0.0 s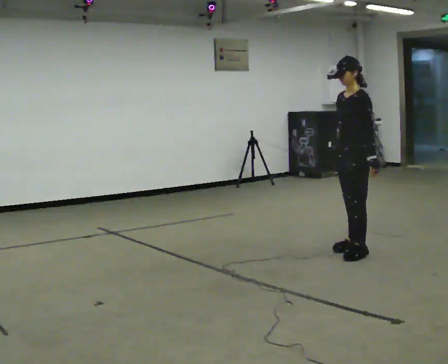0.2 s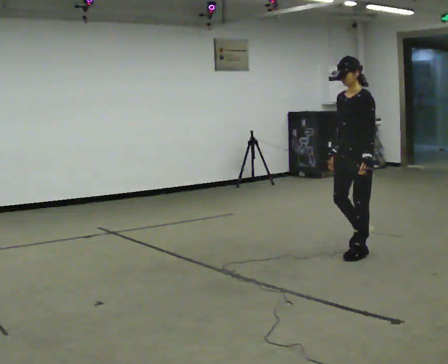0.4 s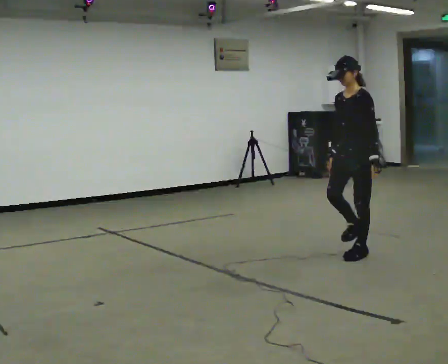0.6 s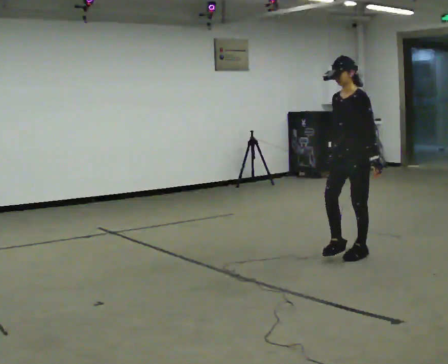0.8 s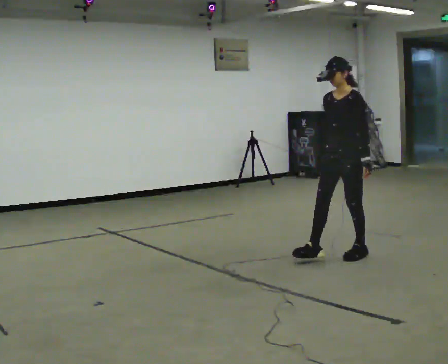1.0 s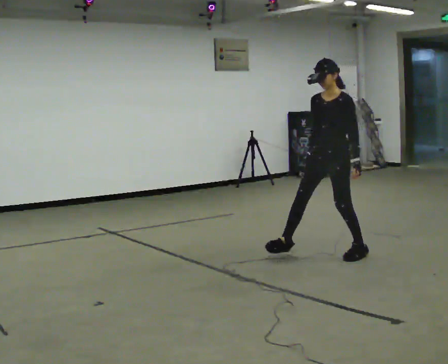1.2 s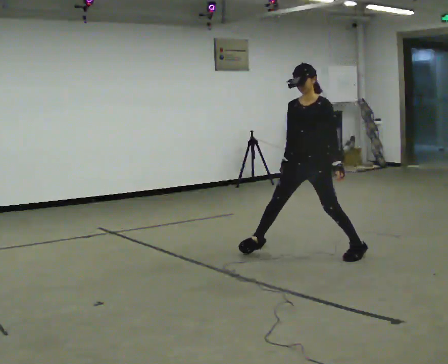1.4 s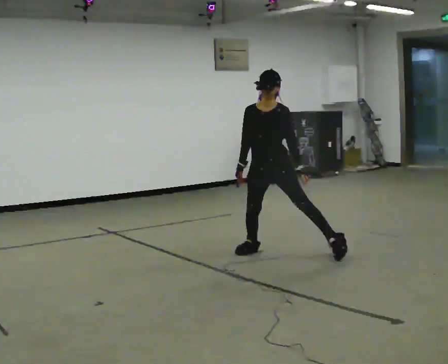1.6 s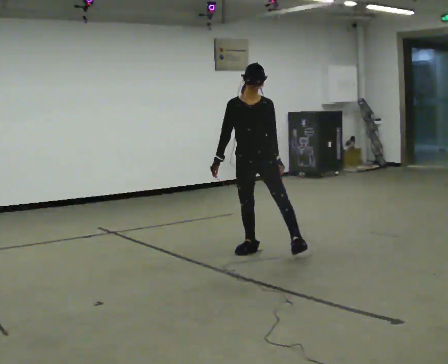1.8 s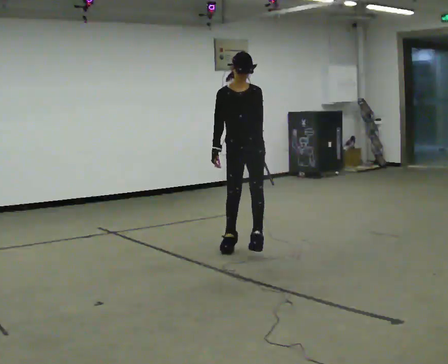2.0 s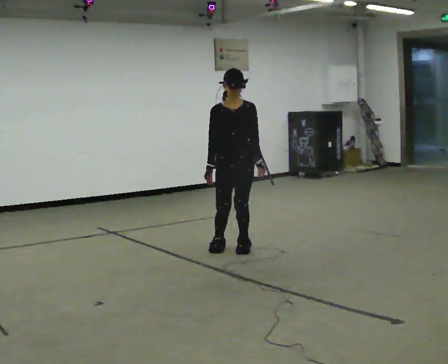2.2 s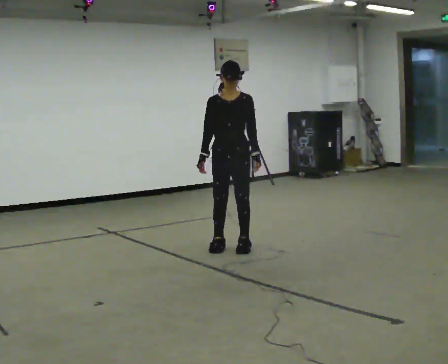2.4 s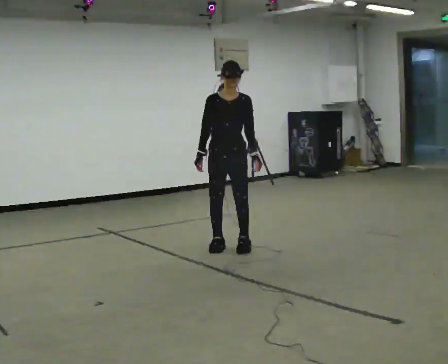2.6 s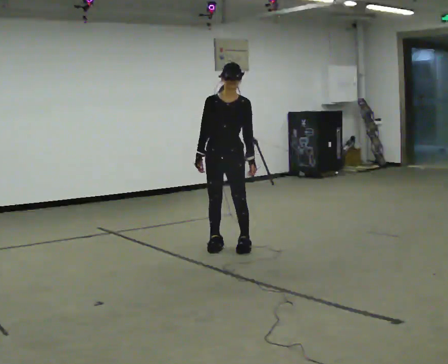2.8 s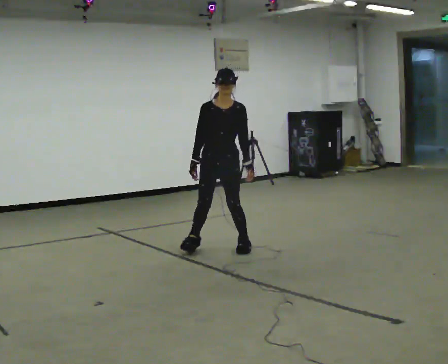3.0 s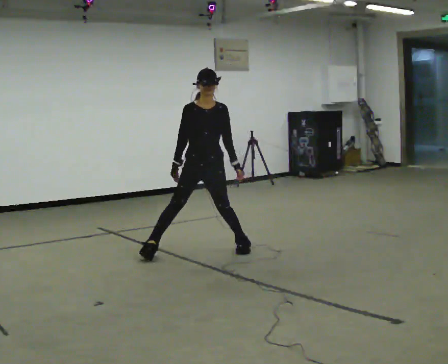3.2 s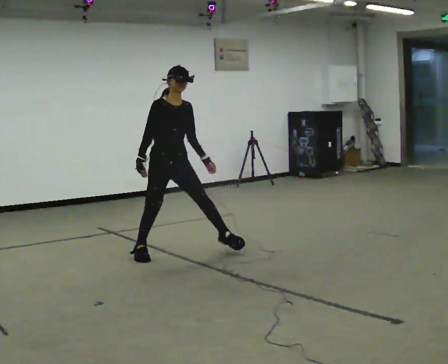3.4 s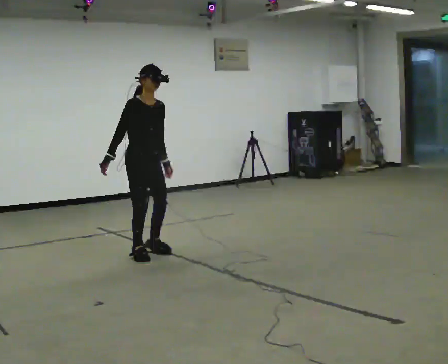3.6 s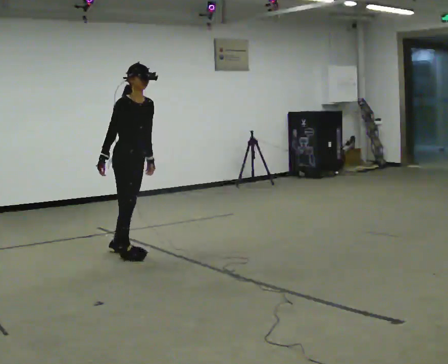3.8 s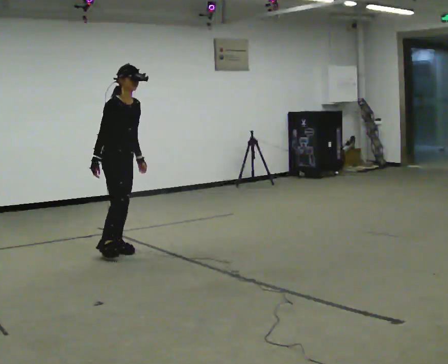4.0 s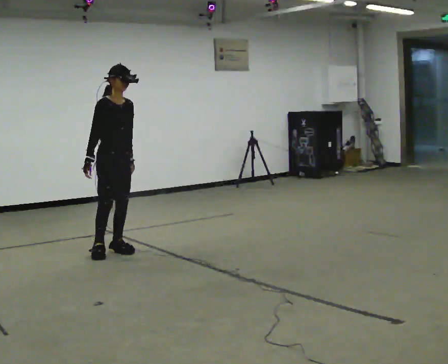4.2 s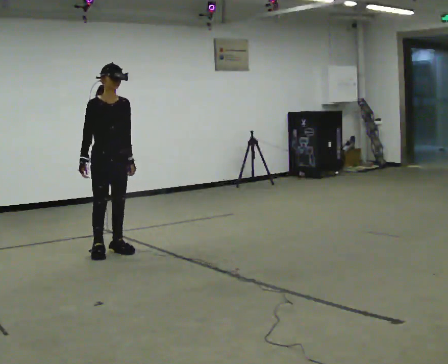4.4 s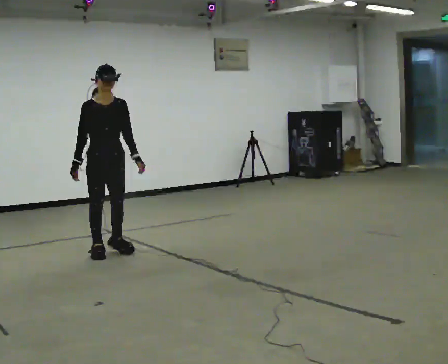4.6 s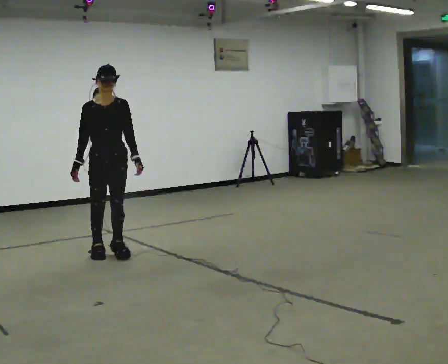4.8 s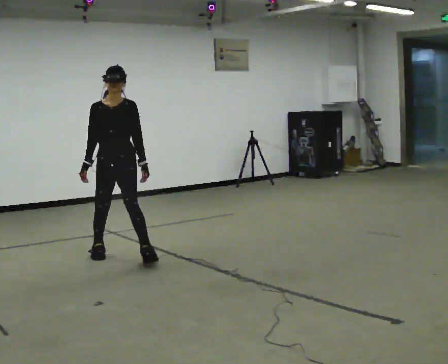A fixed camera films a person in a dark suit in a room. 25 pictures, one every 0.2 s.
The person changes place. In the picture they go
to the left.
0.0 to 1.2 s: The part of the body nearest the lens slides to the right as the person turns to their left by about 30 degrees. In the picture they go to the left, about 0.5 m, which for them is forward.
1.2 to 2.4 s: The person turns about 45 degrees to their left, counterclockwise seen from above, so the part of the body nearest the lens slides to the right. In the picture they go to the left and away from the camera, about 0.5 m in 3 steps, which for them is to their right.
2.4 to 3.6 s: The person turns about 45 degrees to their left, counterclockwise seen from above, so the part of the body nearest the lens slides to the right. In the picture they go to the left, about 1 m in 1 step, which for them is to their right.
3.6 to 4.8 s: The person turns about 45 degrees to their right, clockwise seen from above, so the part of the body nearest the lens slides to the left. In the picture they go toward the camera, about 0.25 m in 2 steps, which for them is to their right.
The film runs forward here.
